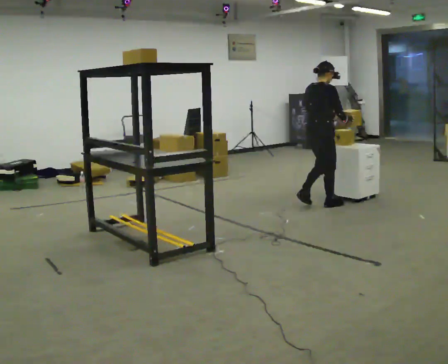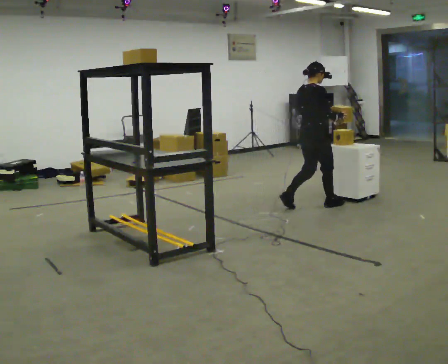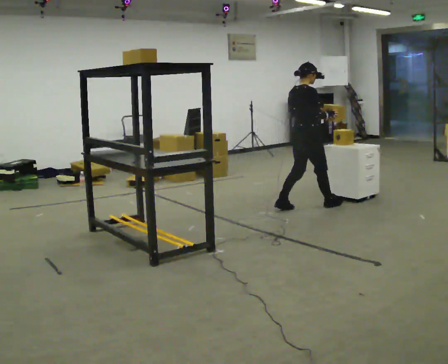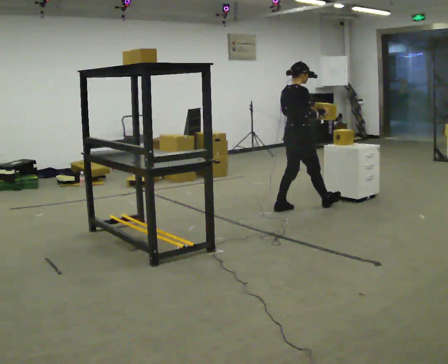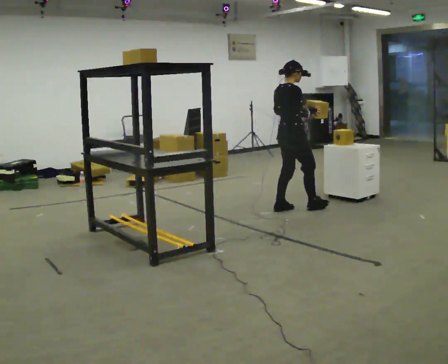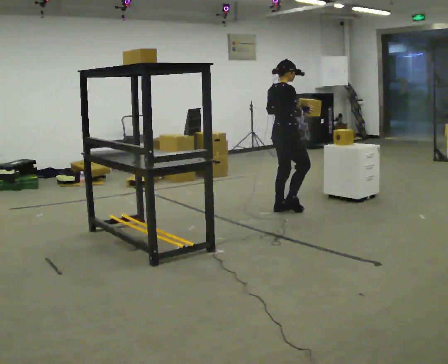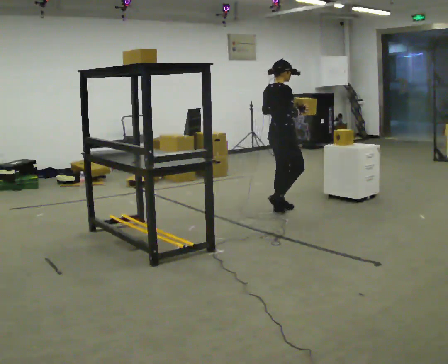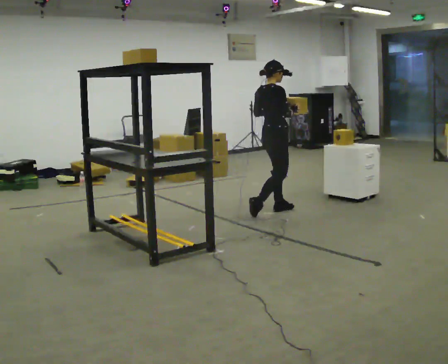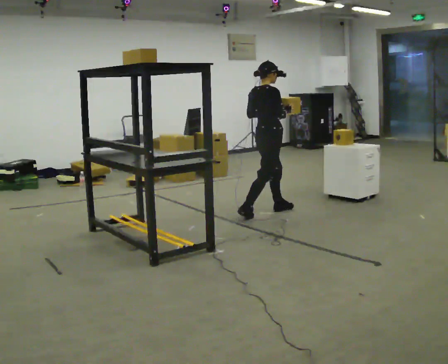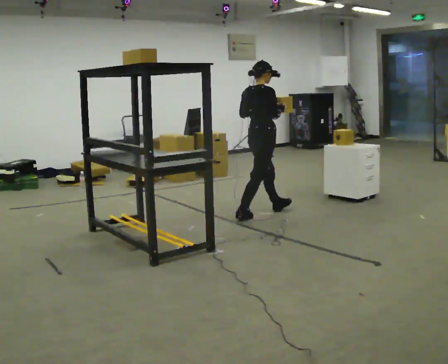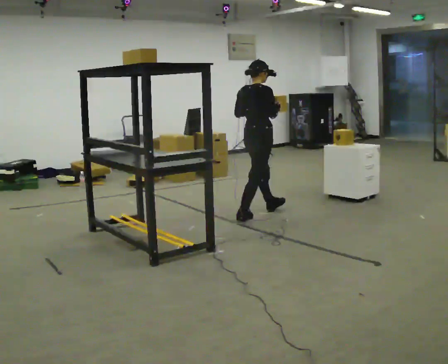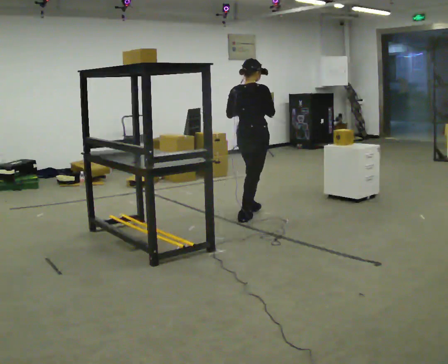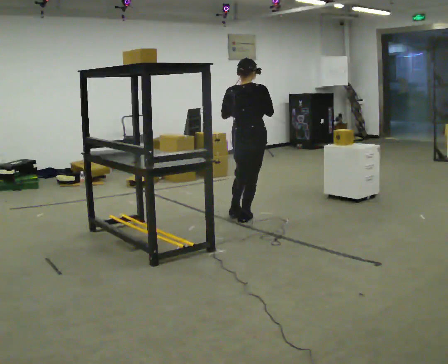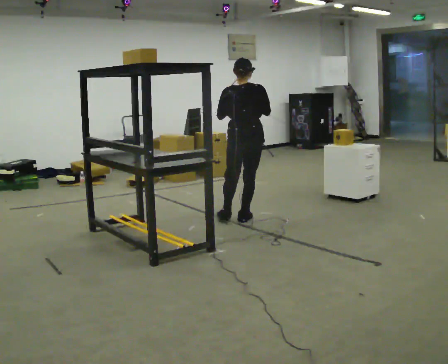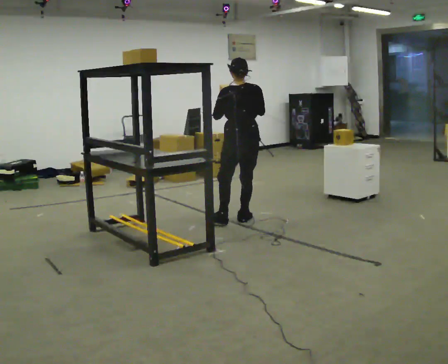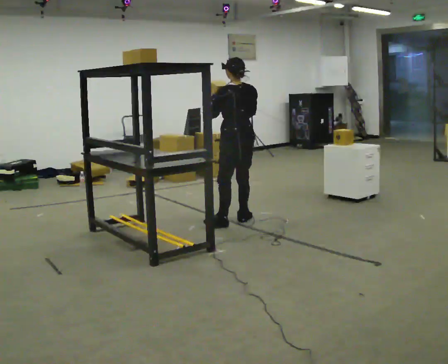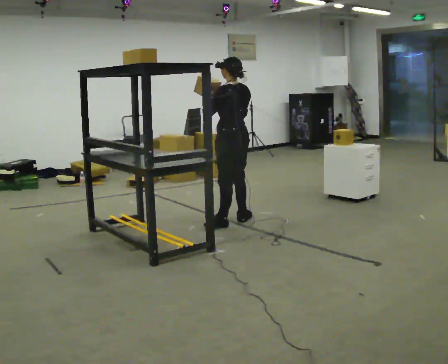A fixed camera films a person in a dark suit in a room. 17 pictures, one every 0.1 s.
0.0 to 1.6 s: The part of the body nearest the lens slides to the right as the person turns to their left by about 105 degrees. In the picture they go to the left and toward the camera, about 1 m in 2 steps. In the picture the upper body tilts counterclockwise, shoulders to the left.
The film runs backward here.
